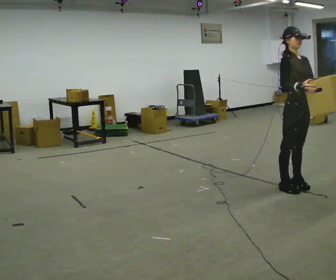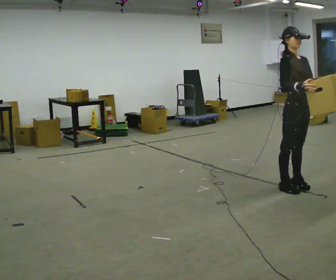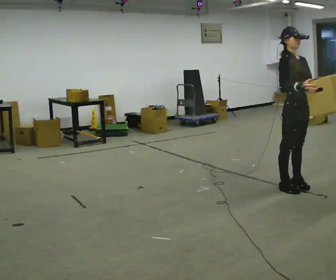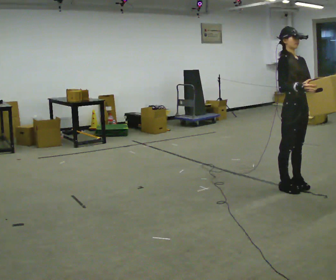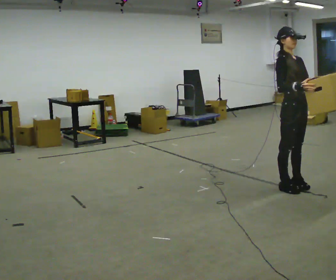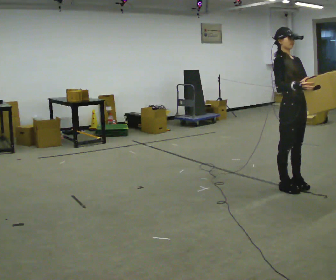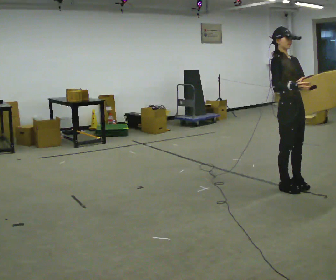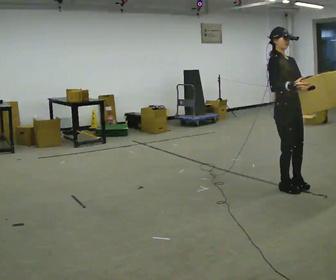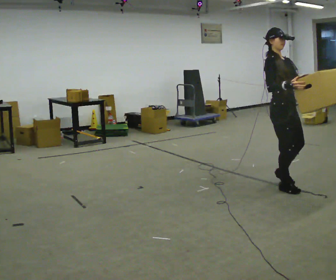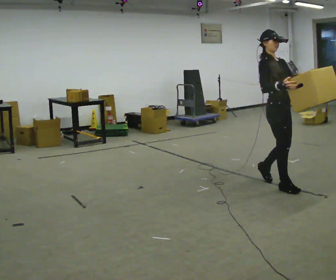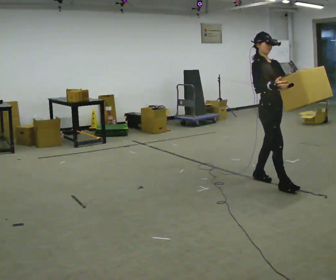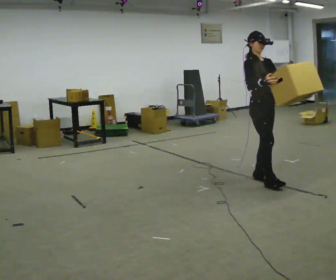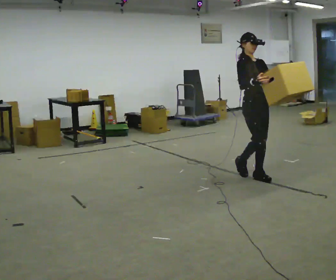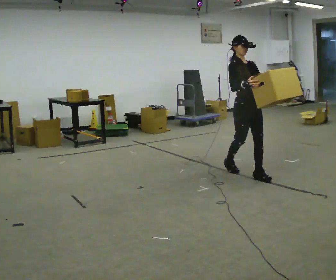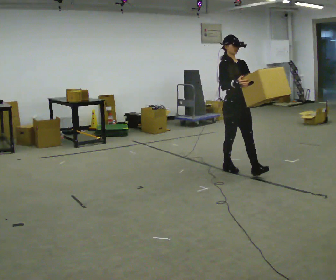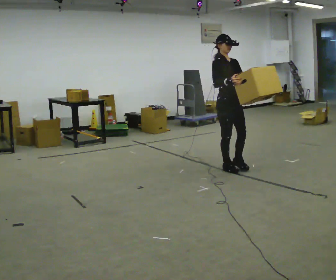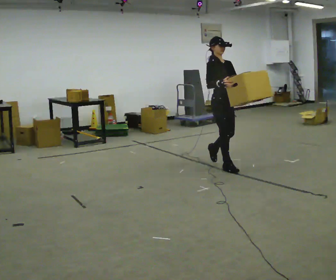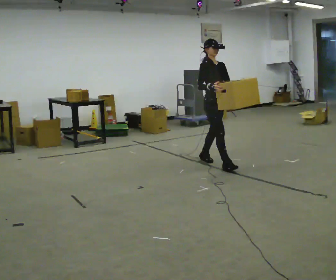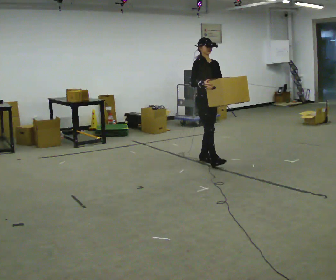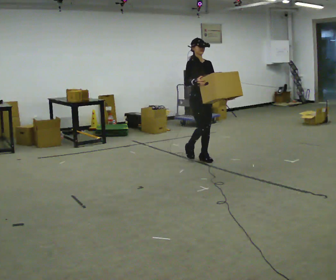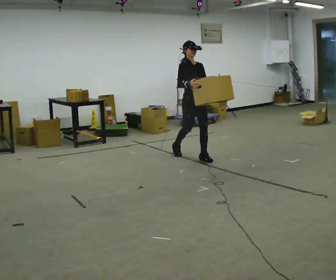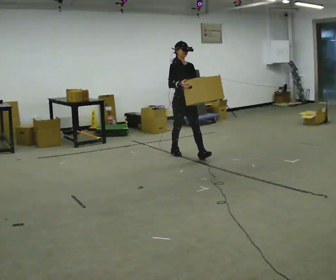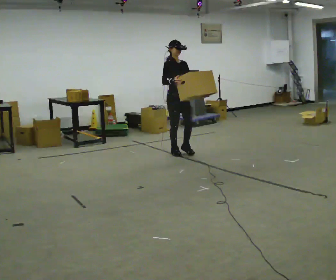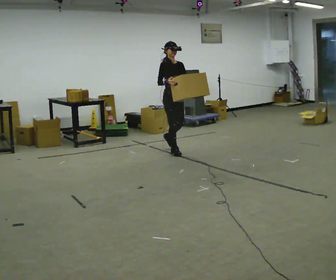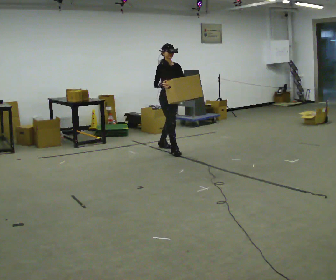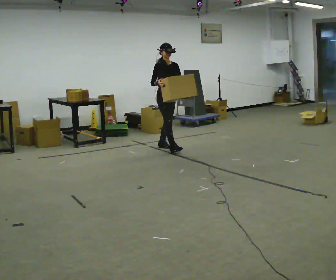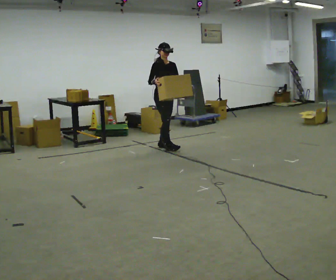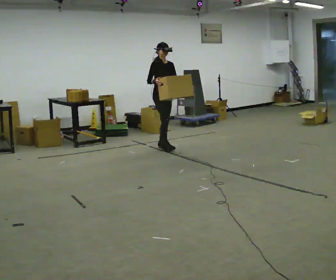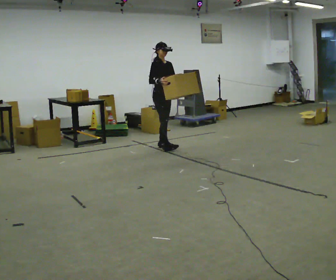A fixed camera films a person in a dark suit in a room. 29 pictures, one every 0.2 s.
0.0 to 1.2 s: The person moves a little, or ends about where they began.
1.2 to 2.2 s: In the picture they go away from the camera and to the left, about 0.5 m in 2 steps, which for them is backward.
2.2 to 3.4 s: In the picture they go away from the camera and to the left, about 1 m in 2 steps, which for them is backward.
3.4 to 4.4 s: In the picture they go away from the camera and to the left, about 1 m in 1 step, which for them is backward.
4.4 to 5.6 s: In the picture they go away from the camera and to the left, about 0.5 m in 1 step, which for them is backward.
The film runs backward here.
